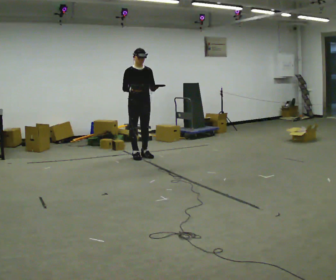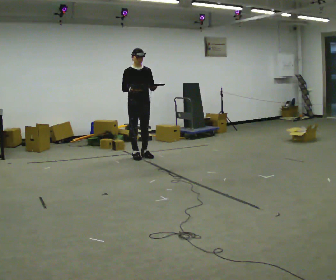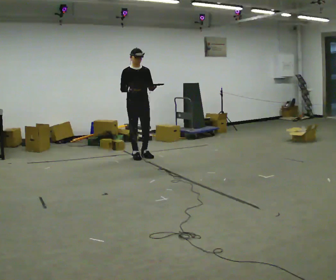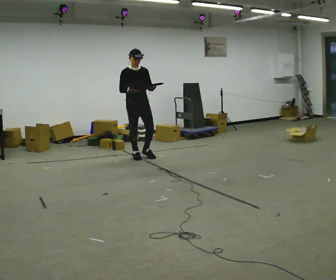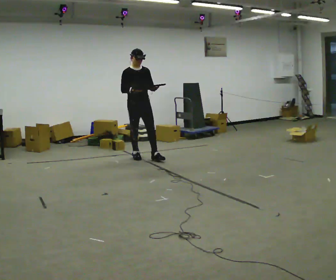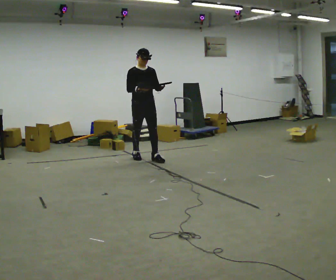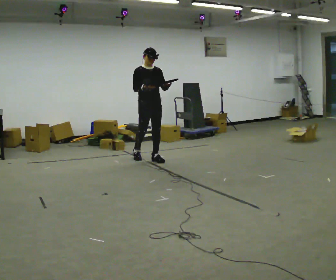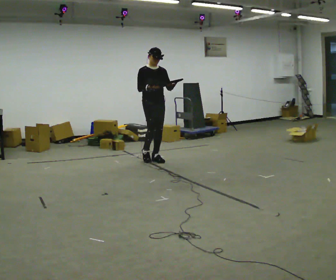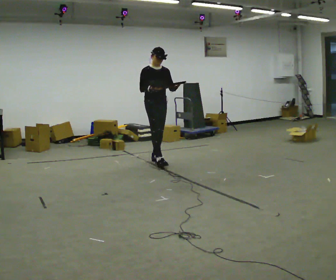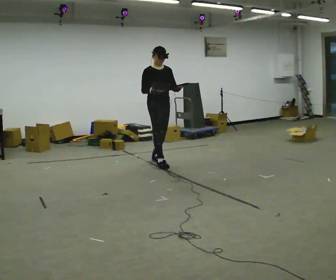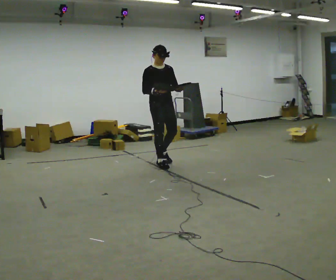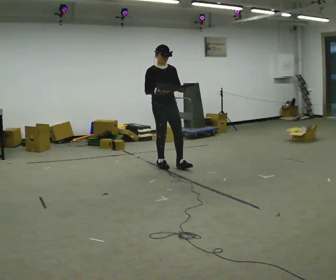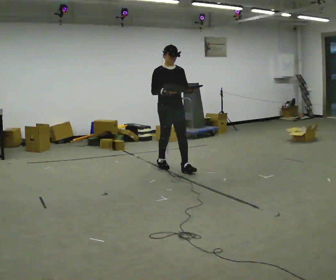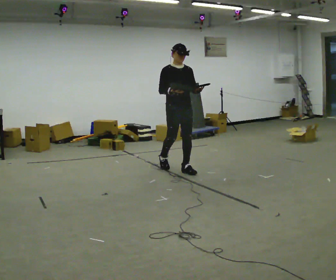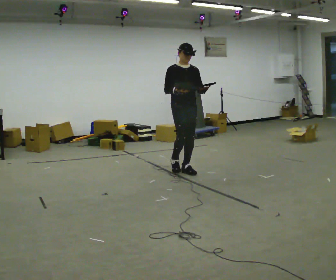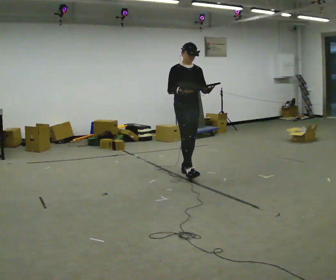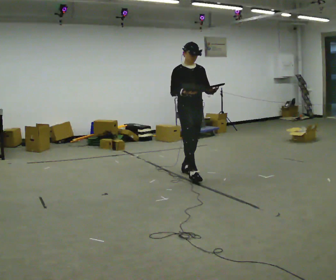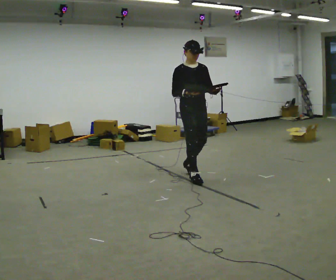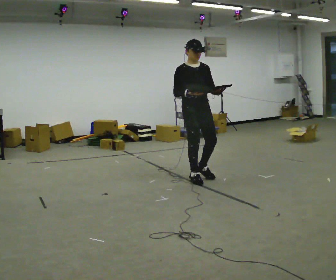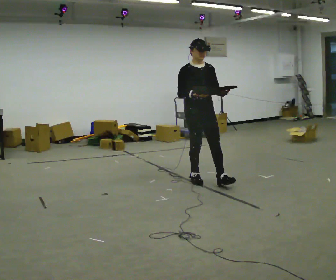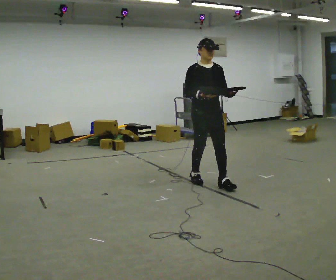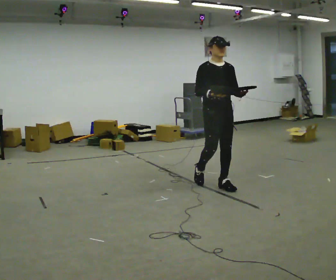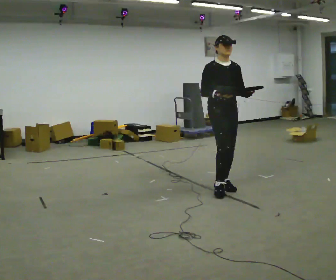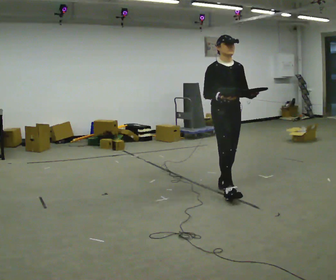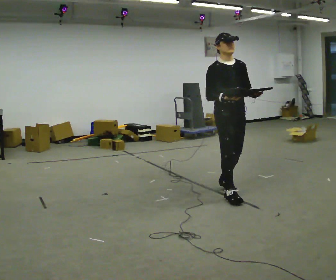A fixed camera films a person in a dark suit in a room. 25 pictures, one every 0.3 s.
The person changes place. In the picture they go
toward the camera.
0.0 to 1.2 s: The person moves a little, or ends about where they began.
1.2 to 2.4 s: In the picture they go to the right and toward the camera, about 0.5 m in 1 step, which for them is forward and to their left.
2.4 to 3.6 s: In the picture they go toward the camera and to the right, about 0.5 m in 1 step, which for them is forward.
3.6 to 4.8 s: In the picture they go toward the camera and to the right, about 0.5 m in 1 step, which for them is forward.
4.8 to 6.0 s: In the picture they go toward the camera and to the right, about 0.5 m in 1 step, which for them is forward.
6.0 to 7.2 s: In the picture they go toward the camera and to the right, about 0.5 m in 1 step, which for them is forward.
The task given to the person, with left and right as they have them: Carry the object across the room. The lid hangs loose and will swing, so carry it however works. Keep going until the operator says stop; one object at a time, and do not rush between trips.
The film runs forward here.
